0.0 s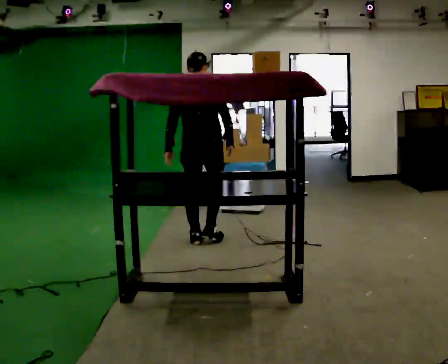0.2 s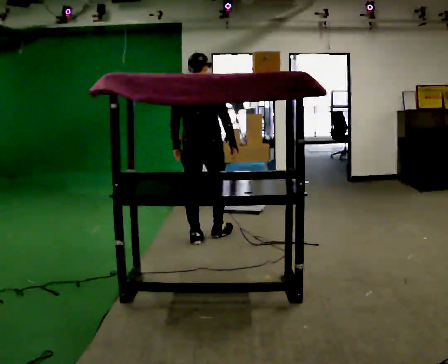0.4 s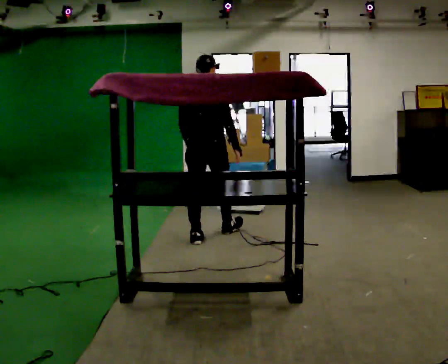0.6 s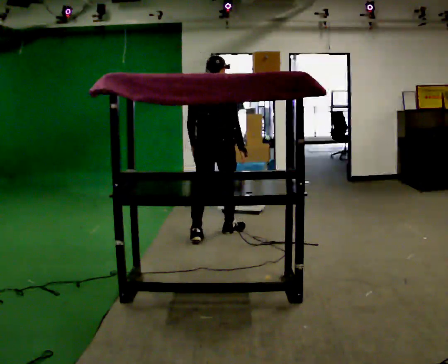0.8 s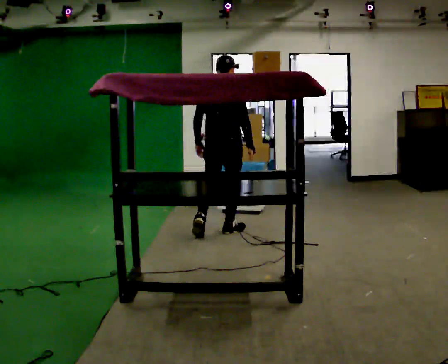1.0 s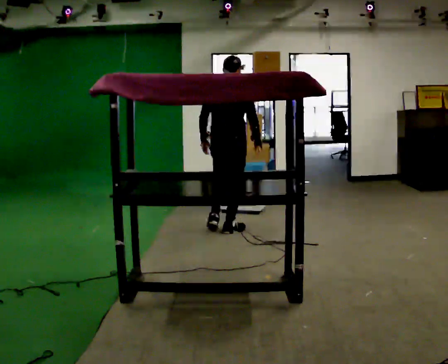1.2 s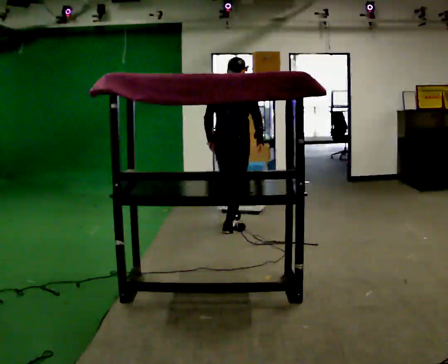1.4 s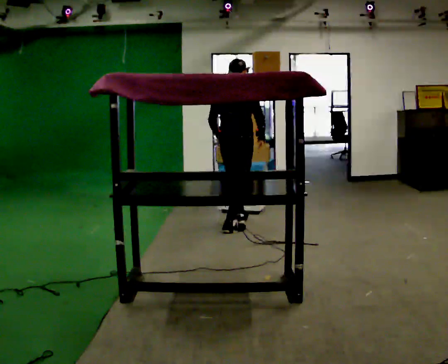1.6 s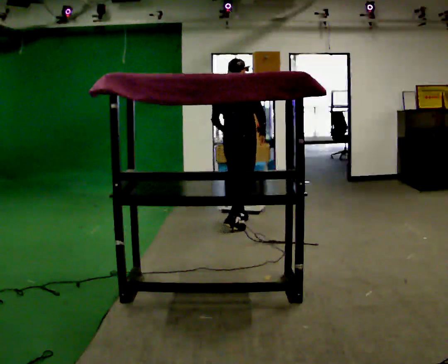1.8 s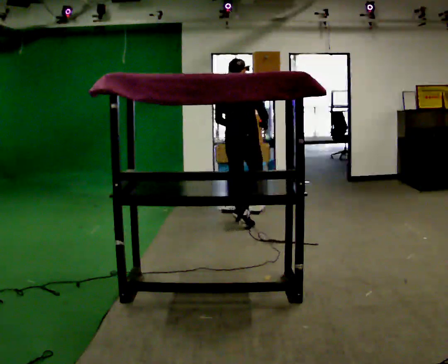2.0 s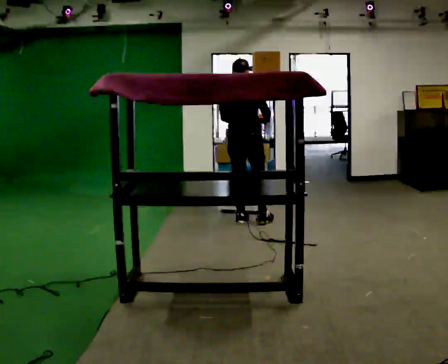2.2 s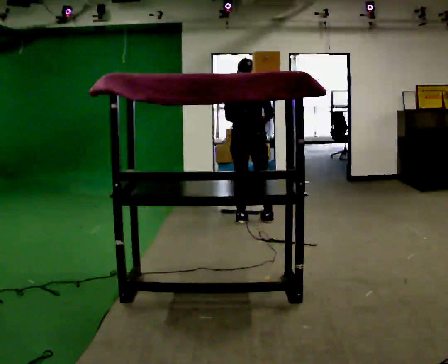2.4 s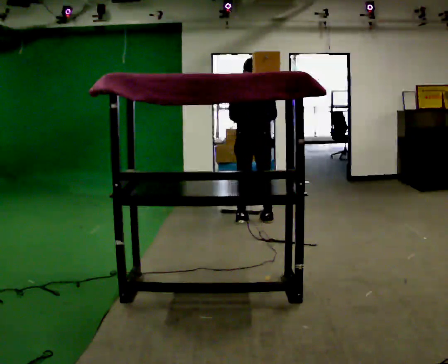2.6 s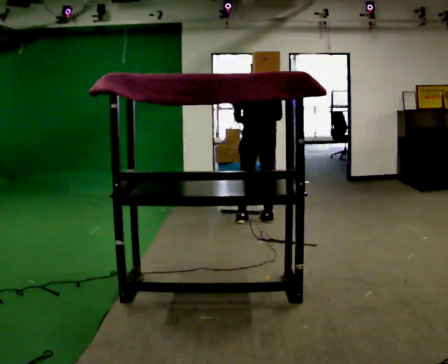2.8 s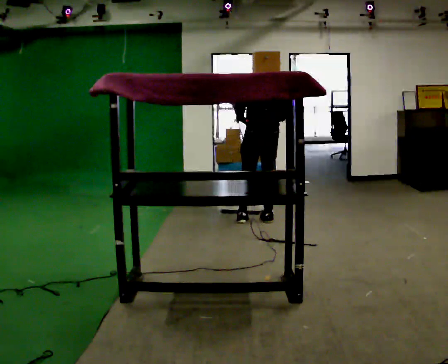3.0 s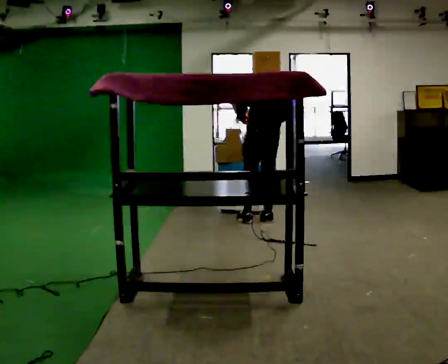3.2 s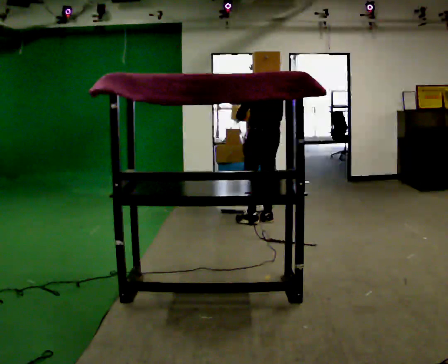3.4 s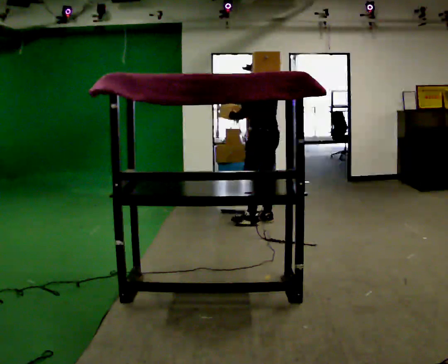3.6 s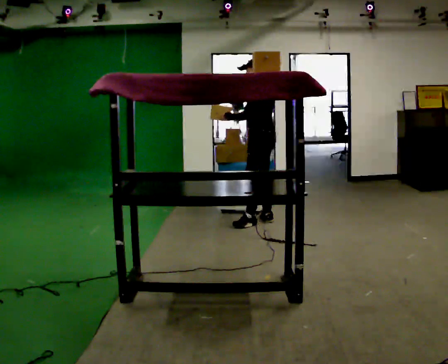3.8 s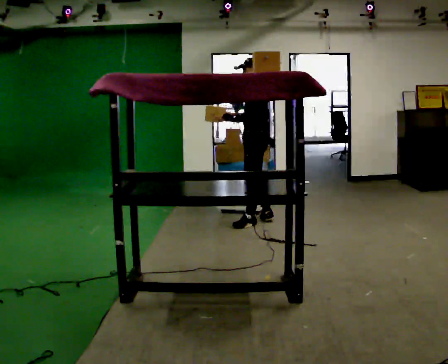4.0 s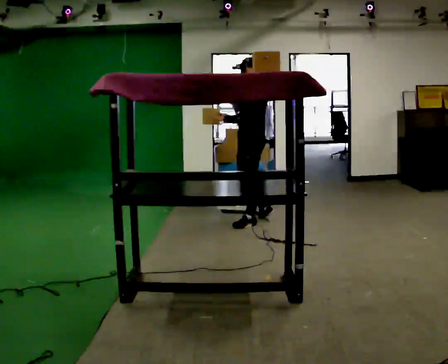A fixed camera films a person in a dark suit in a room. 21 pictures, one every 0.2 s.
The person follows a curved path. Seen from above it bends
clockwise.
0.0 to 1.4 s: The person turns about 30 degrees to their right, clockwise seen from above, so the part of the body nearest the lens slides to the left. In the picture they go away from the camera and to the right, about 0.5 m in 2 steps, which for them is forward.
1.4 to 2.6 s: The person turns about 30 degrees to their left, counterclockwise seen from above, so the part of the body nearest the lens slides to the right. In the picture they go away from the camera and to the right, about 0.5 m in 1 step, which for them is forward and to their right.
2.6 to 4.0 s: Seen from above the body turns counterclockwise, about 105 degrees: to their left, with its near side sliding to the right.
The film runs forward here.
